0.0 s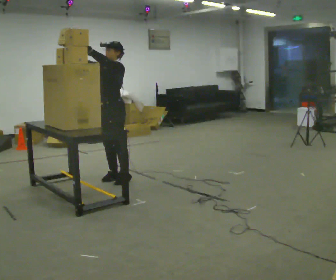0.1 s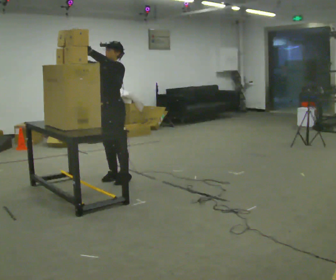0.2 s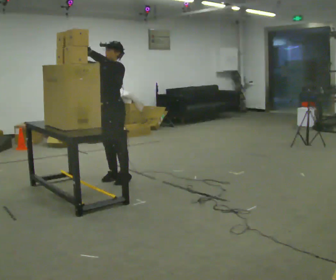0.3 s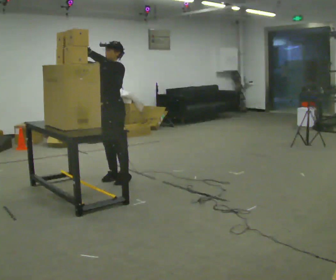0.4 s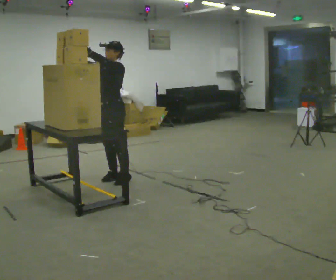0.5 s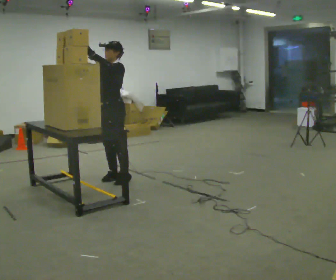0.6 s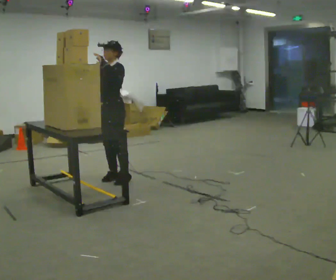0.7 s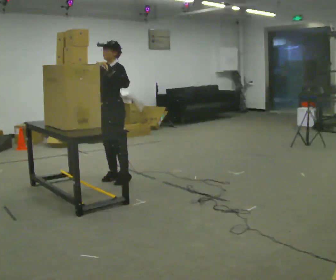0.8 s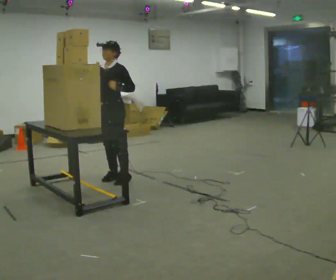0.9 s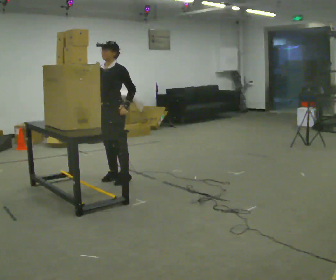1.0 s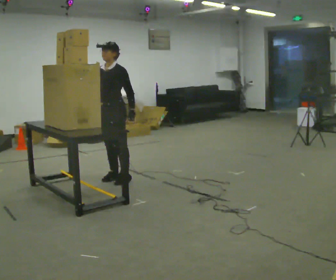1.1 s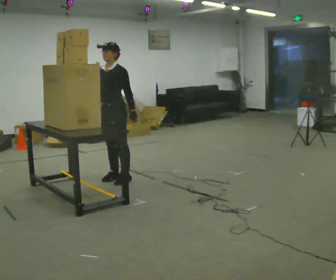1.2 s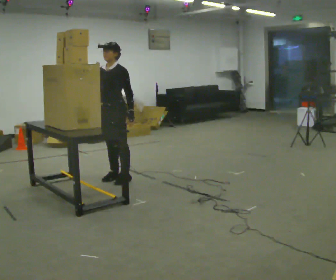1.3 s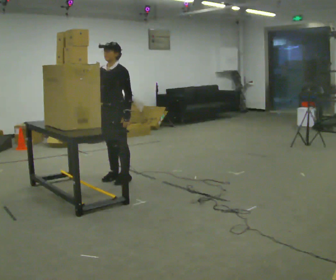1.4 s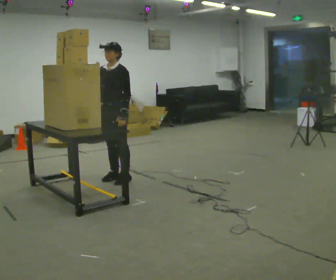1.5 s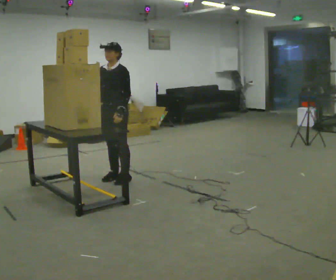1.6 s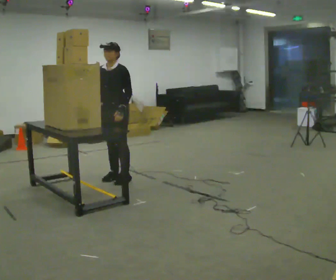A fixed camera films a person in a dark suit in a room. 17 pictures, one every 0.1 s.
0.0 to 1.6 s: In the picture their left hand goes downward and to the right.
The film runs forward here.
